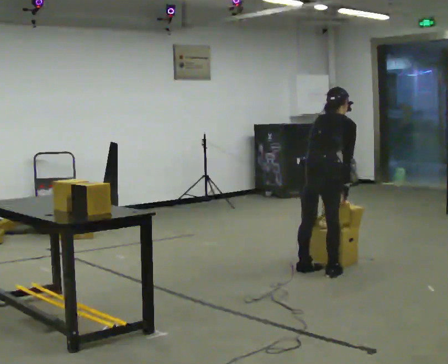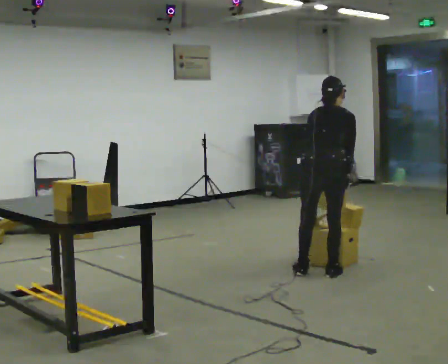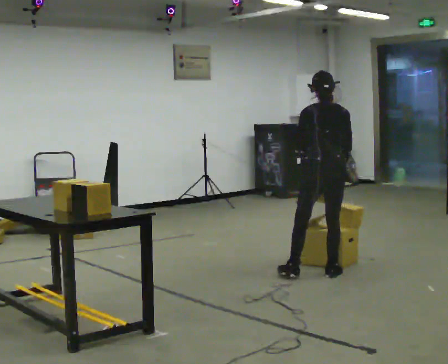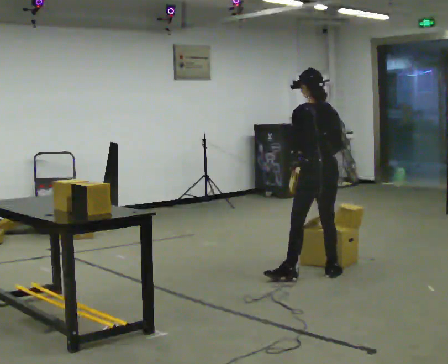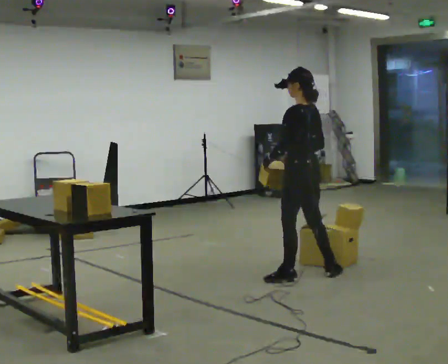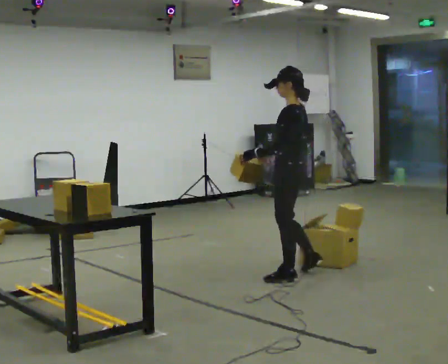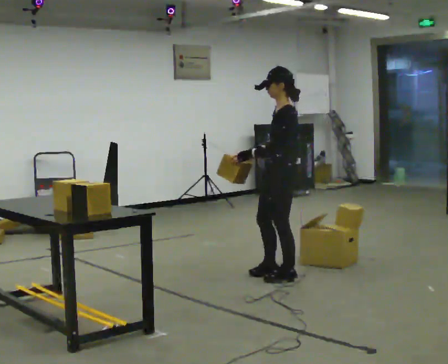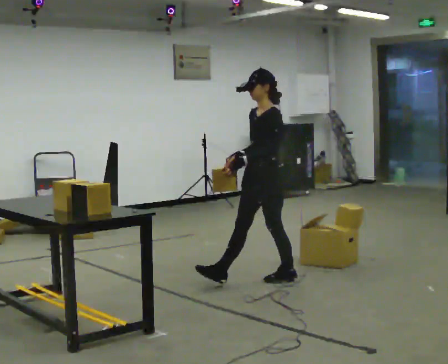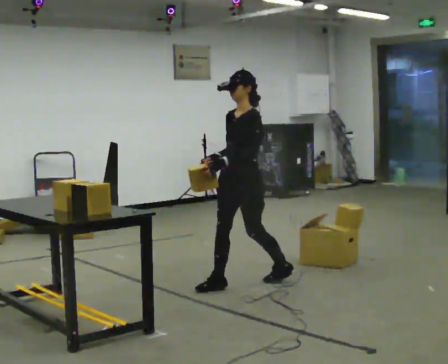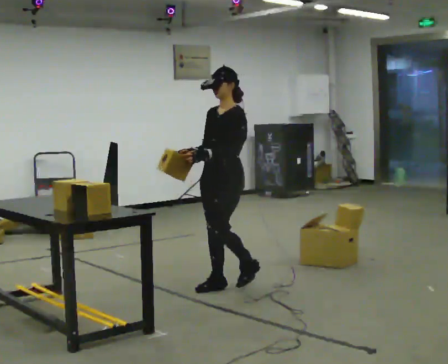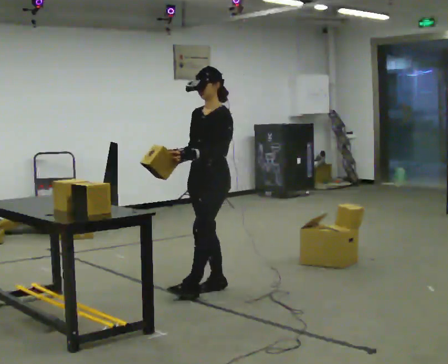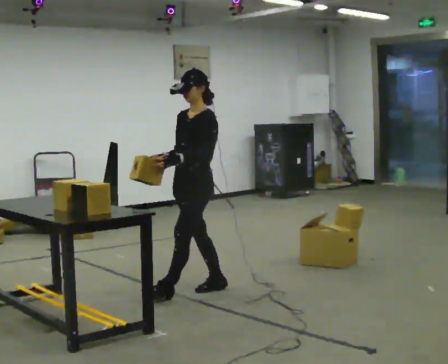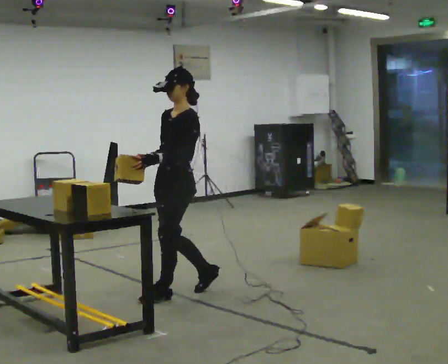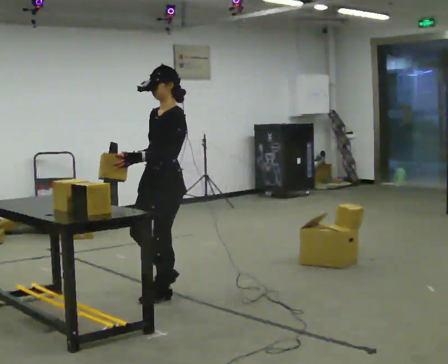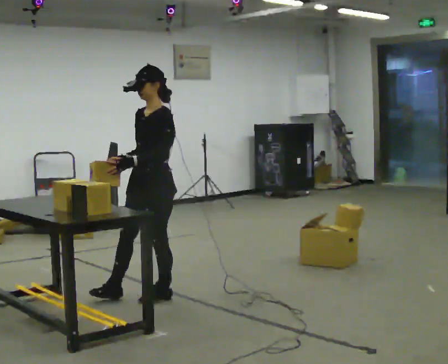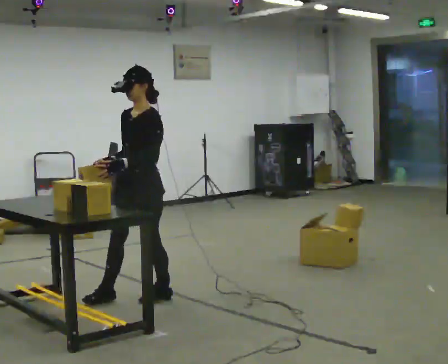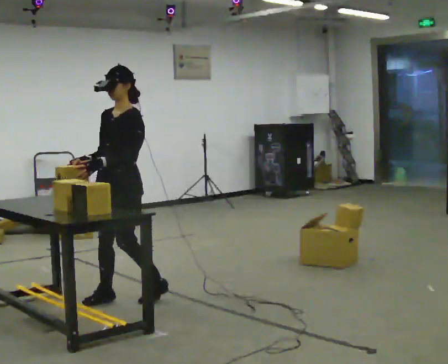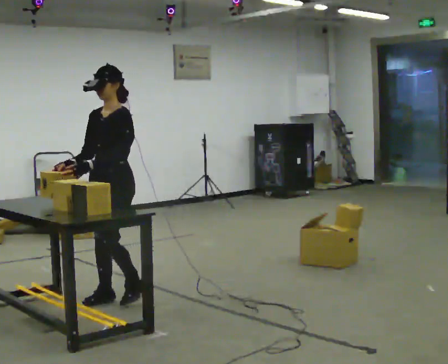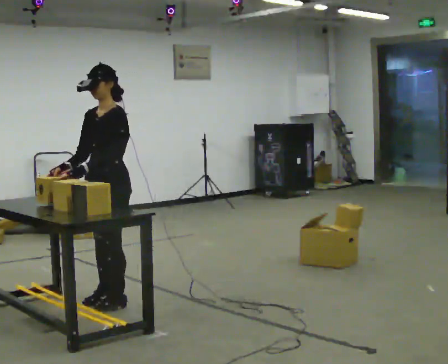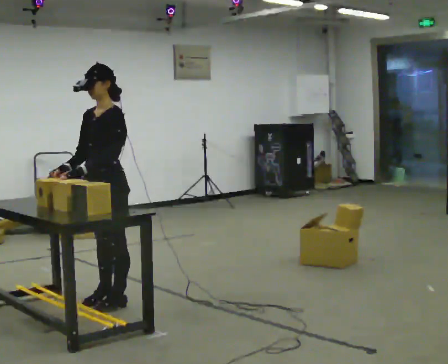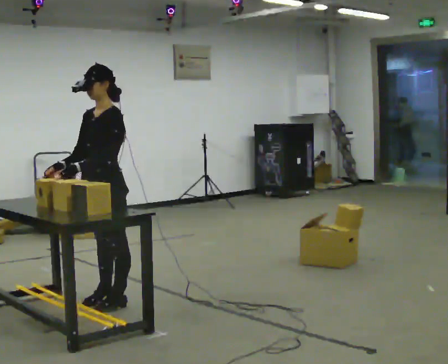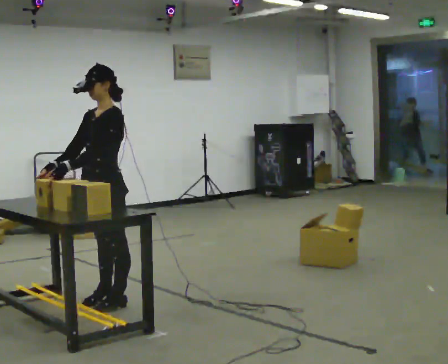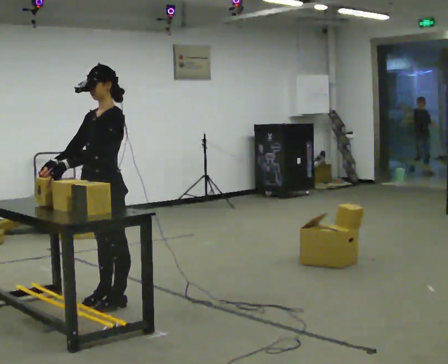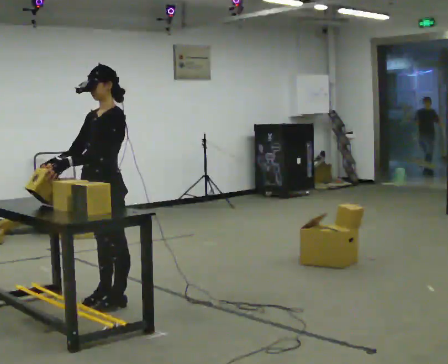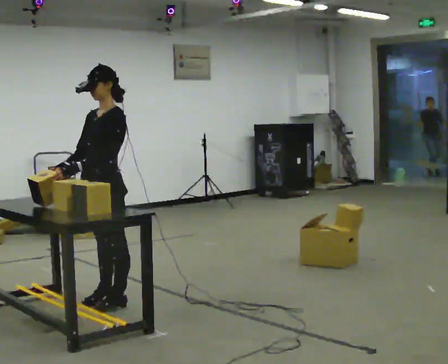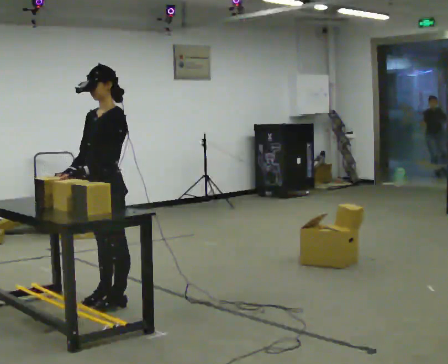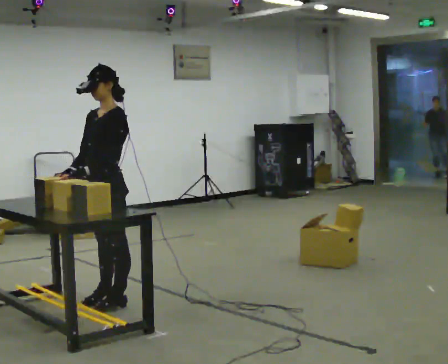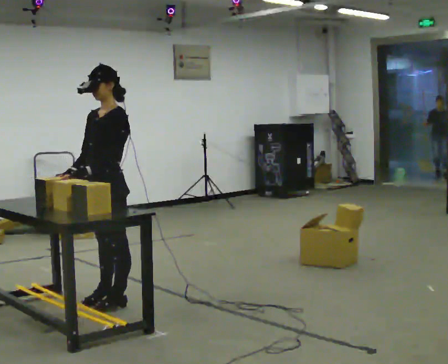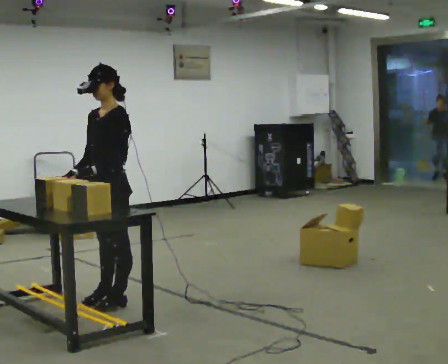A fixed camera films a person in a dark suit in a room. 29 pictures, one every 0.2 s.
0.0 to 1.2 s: The person turns about 135 degrees to their left, counterclockwise seen from above, so the part of the body nearest the lens slides to the right. In the picture they go to the left, about 0.25 m in 1 step. In the picture the upper body tilts counterclockwise, shoulders to the left, as they lean back or straighten.
1.2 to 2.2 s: The part of the body nearest the lens slides to the right as the person turns to their left by about 30 degrees. In the picture they go to the left, about 0.75 m in 2 steps, which for them is forward.
2.2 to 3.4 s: In the picture they go to the left, about 0.5 m in 1 step, which for them is forward.
3.4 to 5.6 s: The person moves a little, or ends about where they began.
The film runs forward here.
